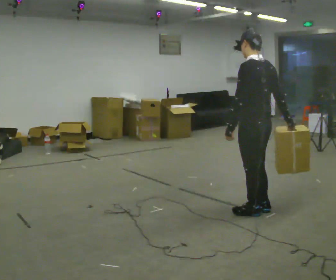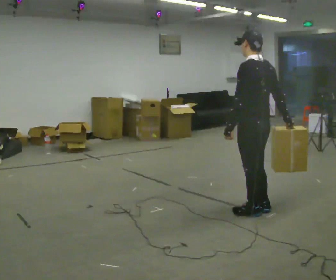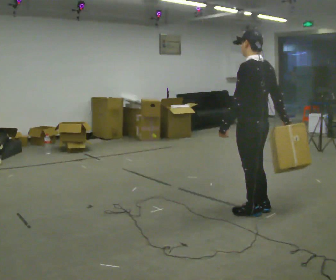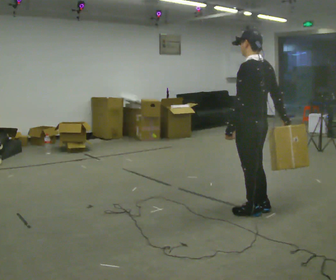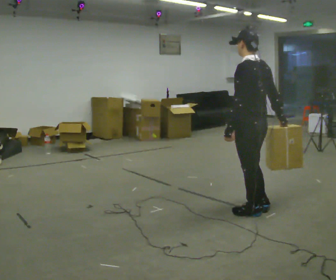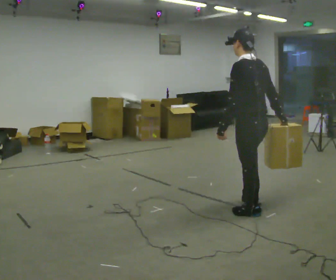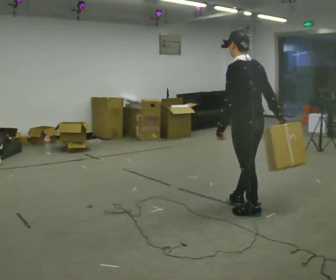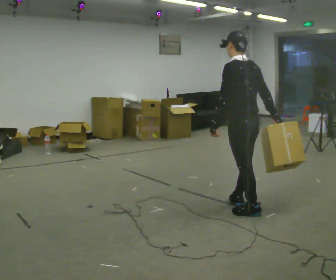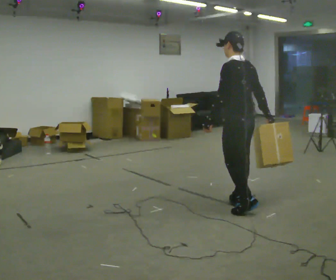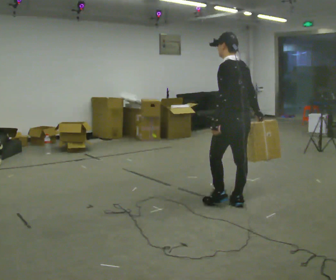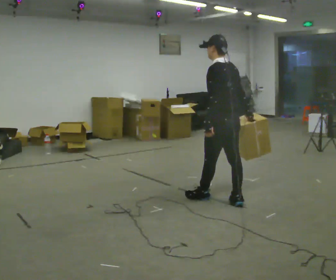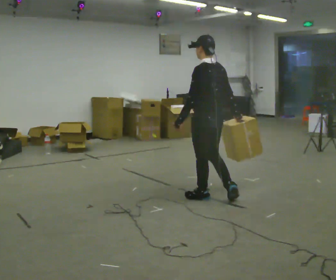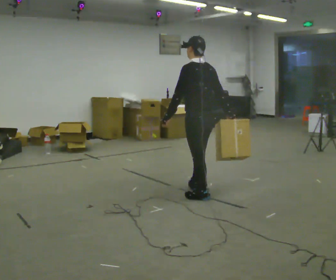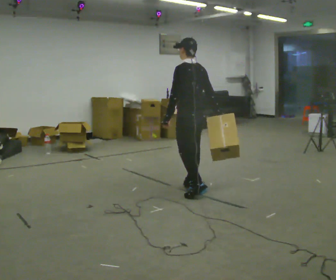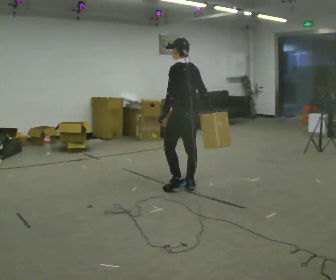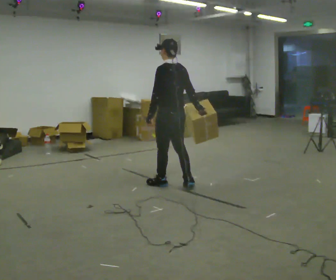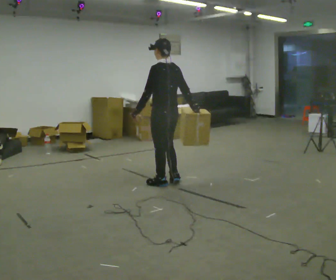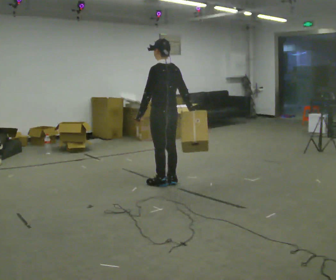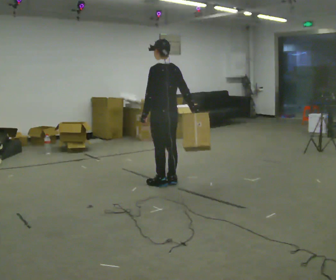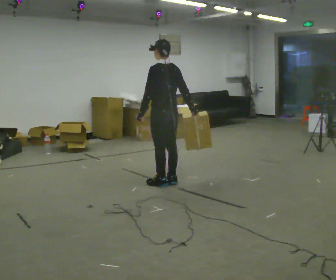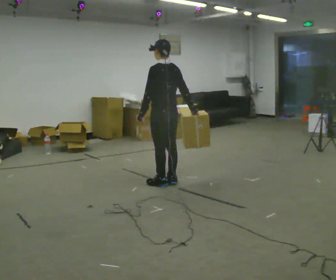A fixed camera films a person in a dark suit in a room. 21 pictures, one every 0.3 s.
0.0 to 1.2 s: The person moves a little, or ends about where they began.
1.2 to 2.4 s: In the picture they go away from the camera, about 0.25 m in 1 step, which for them is forward.
2.4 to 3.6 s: In the picture they go to the left and away from the camera, about 0.5 m in 1 step, which for them is forward.
3.6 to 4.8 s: In the picture they go to the left and away from the camera, about 0.5 m in 2 steps, which for them is forward.
4.8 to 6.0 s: The person moves a little, or ends about where they began.
The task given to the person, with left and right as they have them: Carry the box across the room, stopping and starting again each time the operator says stop and go. Do not set the box down.
The film runs forward here.
